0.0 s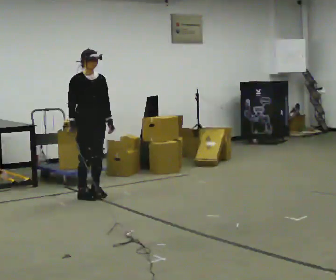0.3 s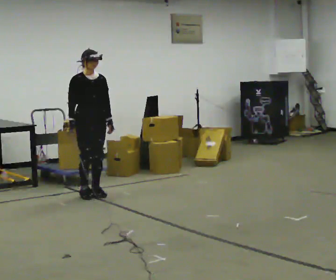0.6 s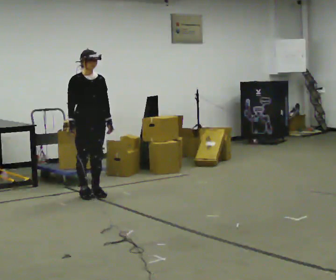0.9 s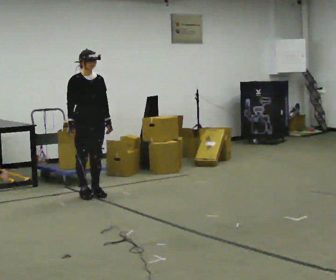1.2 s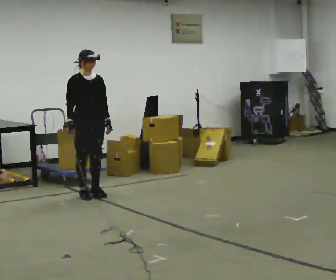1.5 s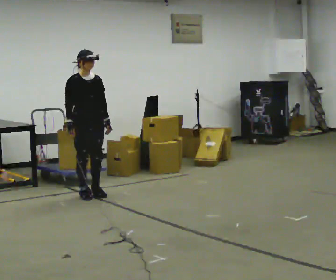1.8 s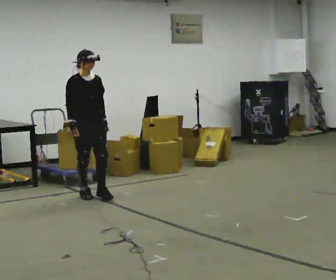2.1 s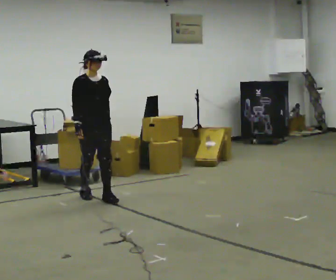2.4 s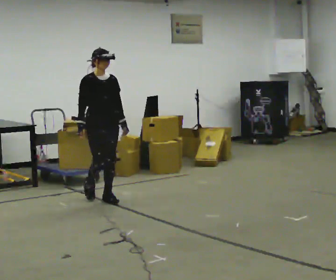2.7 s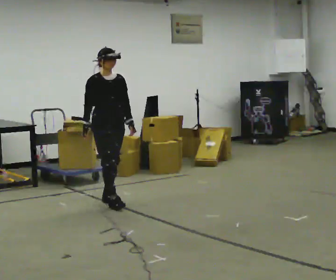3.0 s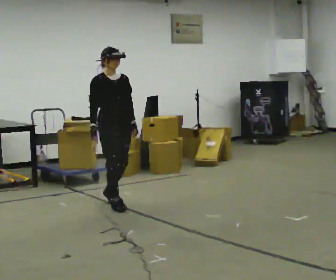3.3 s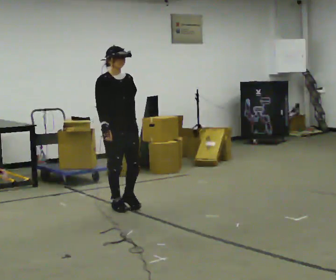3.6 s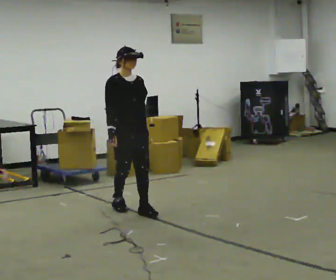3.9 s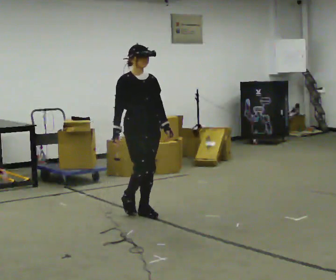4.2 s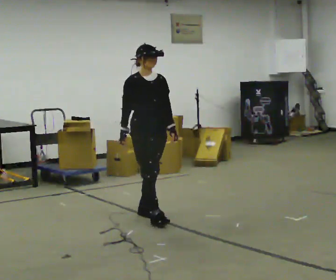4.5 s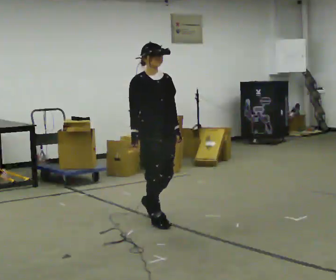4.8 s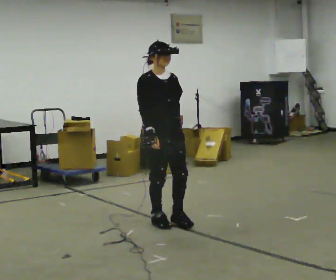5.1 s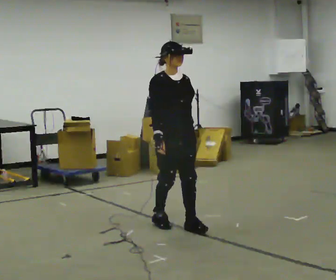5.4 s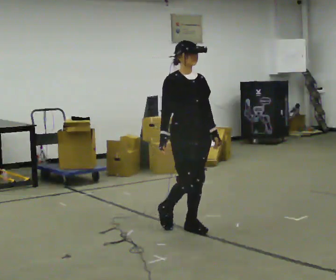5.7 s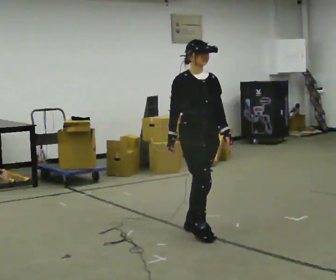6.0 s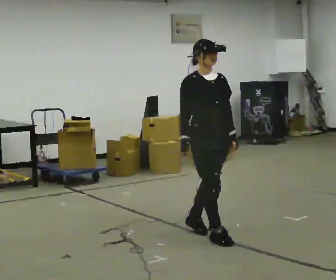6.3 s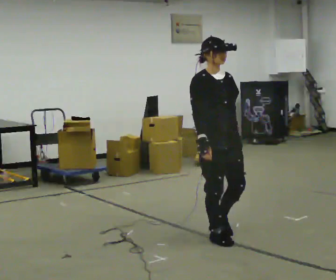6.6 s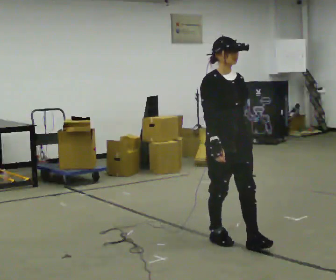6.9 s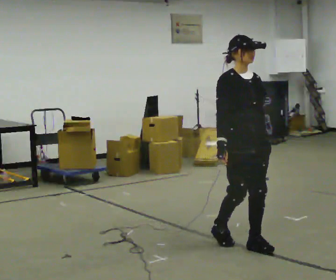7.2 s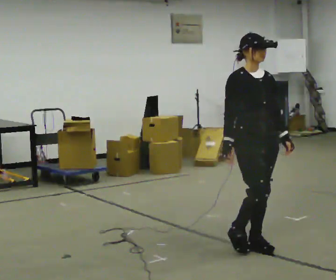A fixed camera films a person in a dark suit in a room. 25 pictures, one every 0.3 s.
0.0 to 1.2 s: The person moves a little, or ends about where they began.
1.2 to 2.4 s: In the picture they go toward the camera and to the right, about 0.25 m in 1 step, which for them is forward.
2.4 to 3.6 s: In the picture they go toward the camera and to the right, about 0.5 m in 2 steps, which for them is forward.
3.6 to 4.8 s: In the picture they go toward the camera and to the right, about 0.5 m in 1 step, which for them is forward.
4.8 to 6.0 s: In the picture they go toward the camera and to the right, about 0.5 m in 2 steps, which for them is forward.
6.0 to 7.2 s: In the picture they go toward the camera and to the right, about 0.5 m in 1 step, which for them is forward.
The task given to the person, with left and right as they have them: Walk forward noticeably slower than normal; do not shuffle; stop.
The film runs forward here.
